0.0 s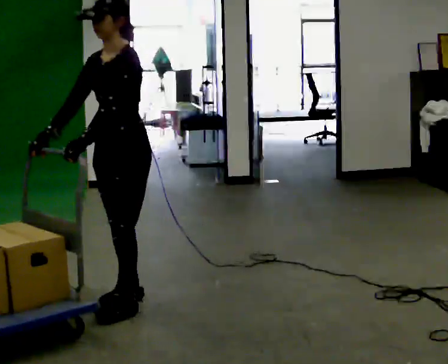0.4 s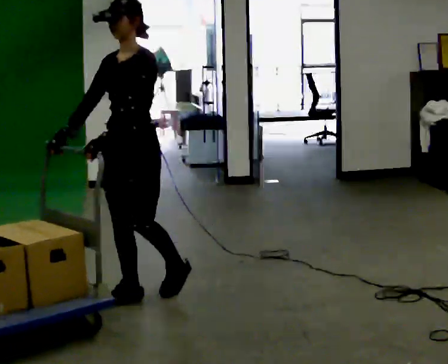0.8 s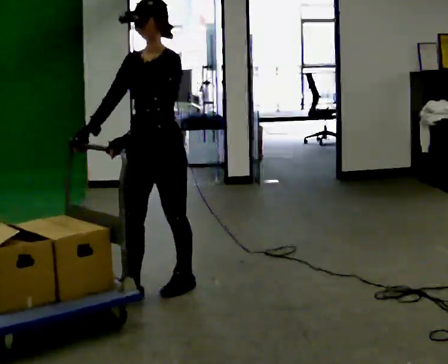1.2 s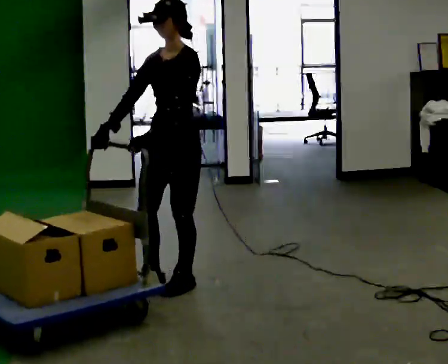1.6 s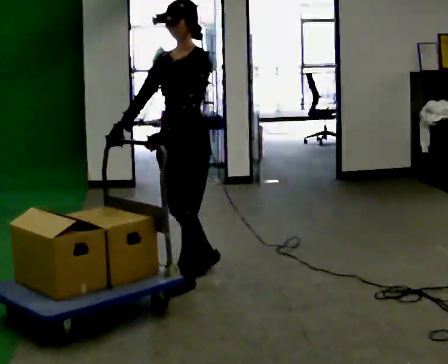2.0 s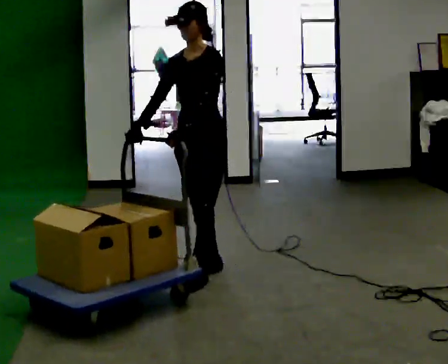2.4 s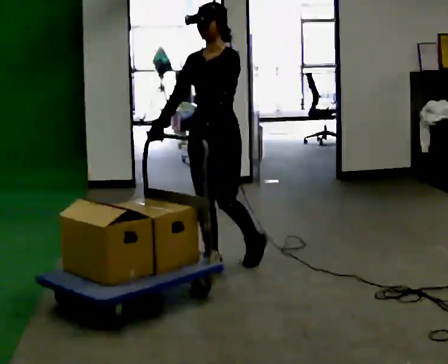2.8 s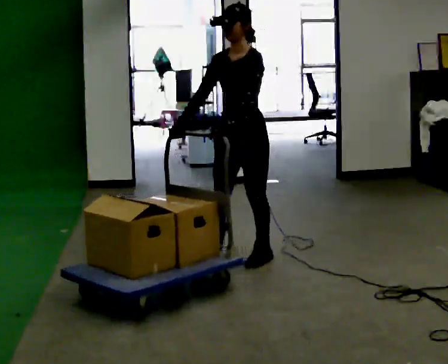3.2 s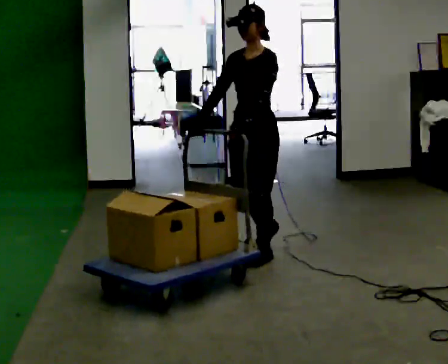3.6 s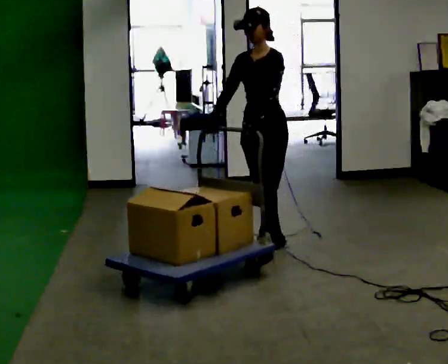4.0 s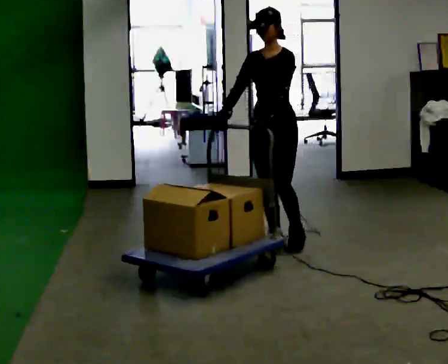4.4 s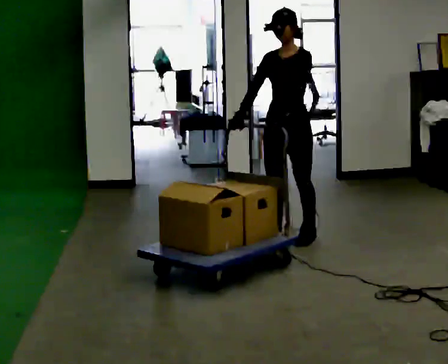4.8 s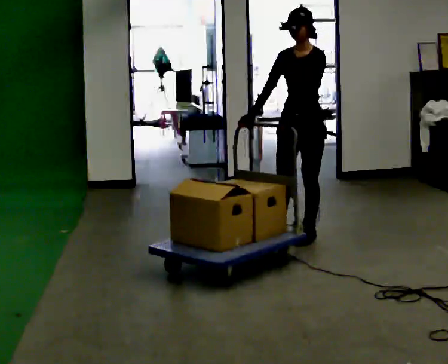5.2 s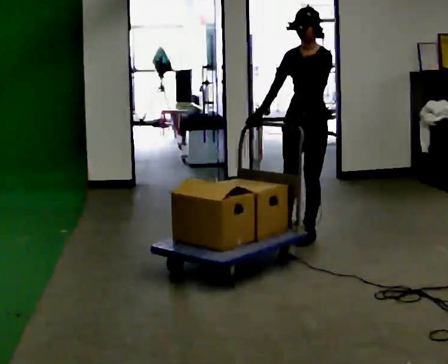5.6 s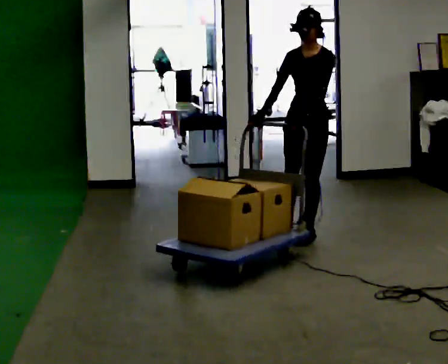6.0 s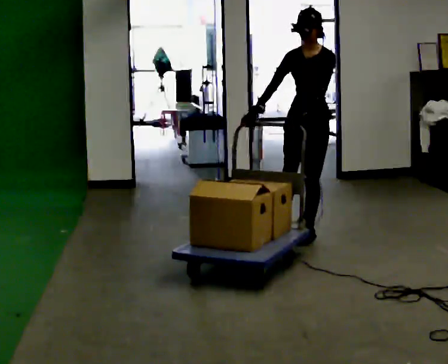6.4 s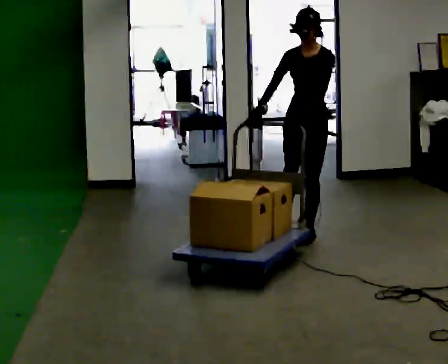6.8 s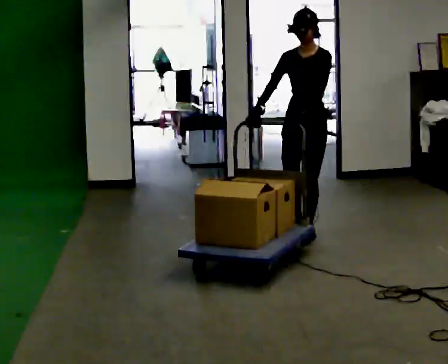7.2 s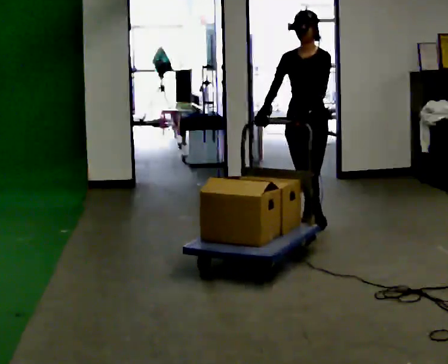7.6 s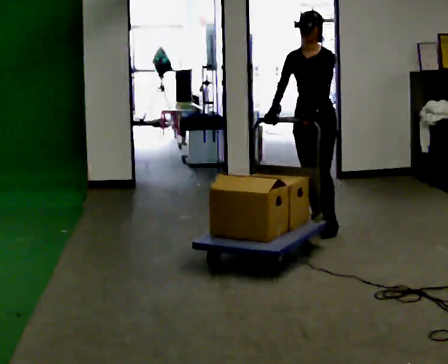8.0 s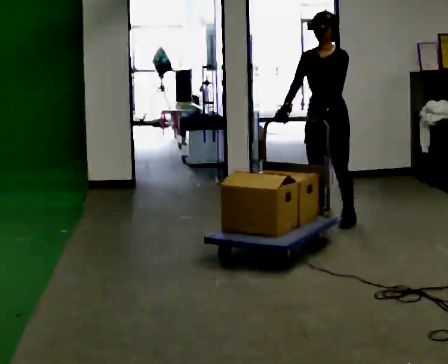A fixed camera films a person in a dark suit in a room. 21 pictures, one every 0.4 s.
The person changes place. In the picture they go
away from the camera.
0.0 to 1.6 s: In the picture they go away from the camera and to the right, about 0.5 m in 1 step, which for them is backward.
1.6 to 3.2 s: In the picture they go away from the camera and to the right, about 0.75 m in 2 steps, which for them is backward.
3.2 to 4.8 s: In the picture they go away from the camera and to the right, about 0.5 m in 1 step, which for them is backward.
4.8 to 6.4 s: The person moves a little, or ends about where they began.
6.4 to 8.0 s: In the picture they go away from the camera, about 0.25 m in 2 steps, which for them is backward.
The film runs backward here.
